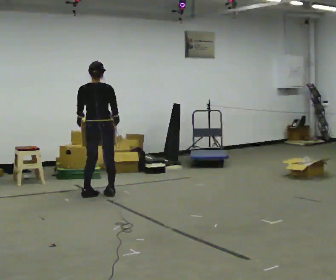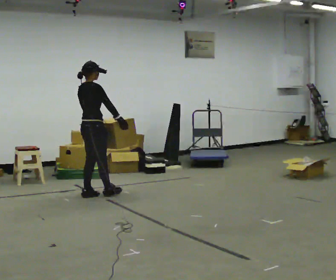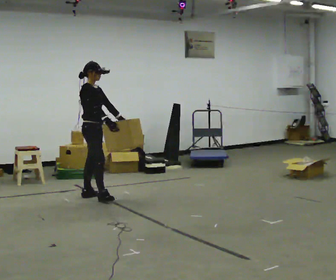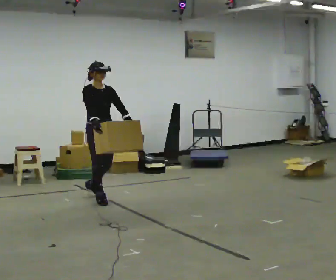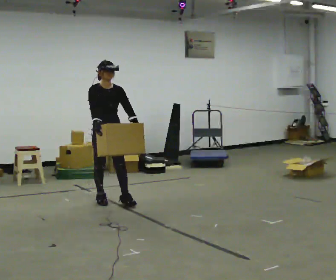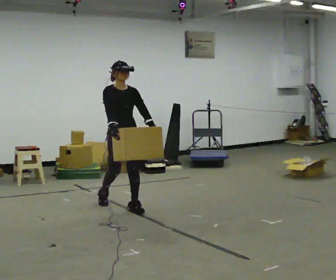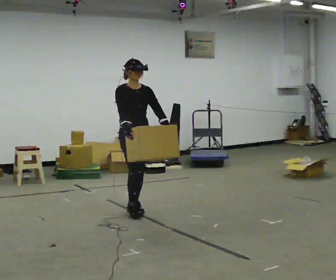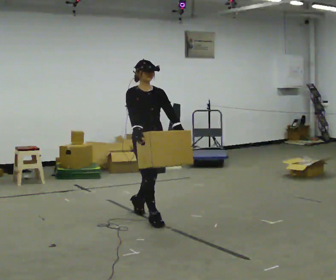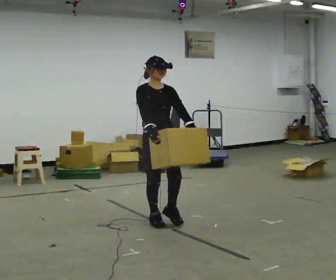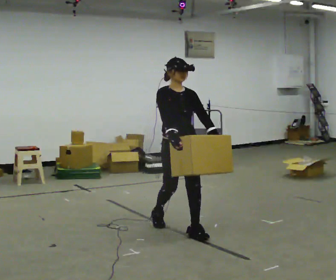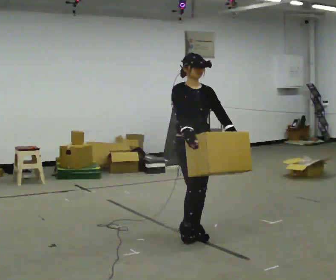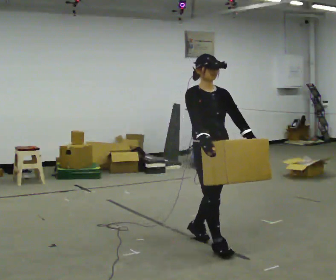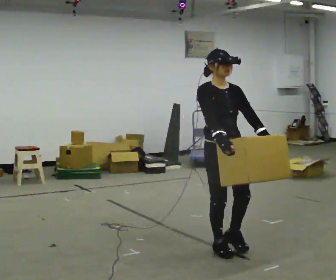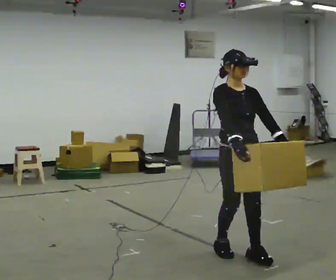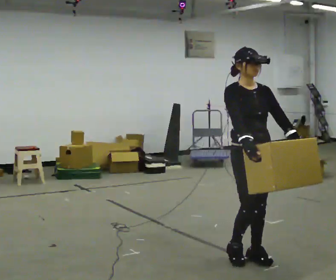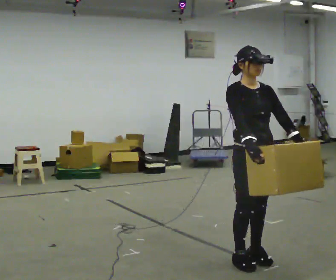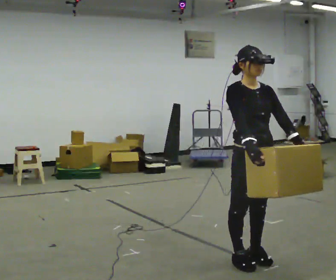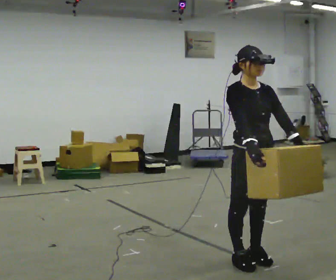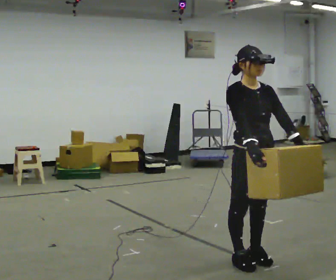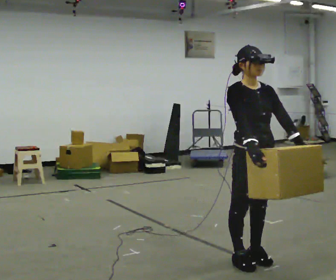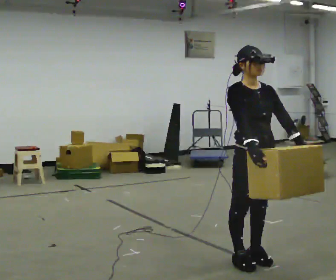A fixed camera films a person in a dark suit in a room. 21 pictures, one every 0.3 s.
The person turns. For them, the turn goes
to their right.
Their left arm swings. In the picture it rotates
counterclockwise.
0.0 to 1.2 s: The person turns about 150 degrees to their right, clockwise seen from above, so the part of the body nearest the lens slides to the left. In the picture they go toward the camera, about 0.25 m in 1 step.
1.2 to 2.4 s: In the picture they go toward the camera and to the right, about 1 m in 2 steps, which for them is forward.
2.4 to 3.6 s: In the picture they go toward the camera and to the right, about 1 m in 2 steps, which for them is forward.
3.6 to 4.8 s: In the picture they go toward the camera and to the right, about 0.25 m in 2 steps, which for them is forward.
4.8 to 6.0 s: The person keeps their place and pose.
The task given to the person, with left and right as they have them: Carry the medium box in both hands in front of you, walking back and forth across the room. Keep walking until the operator says stop.
The film runs forward here.
